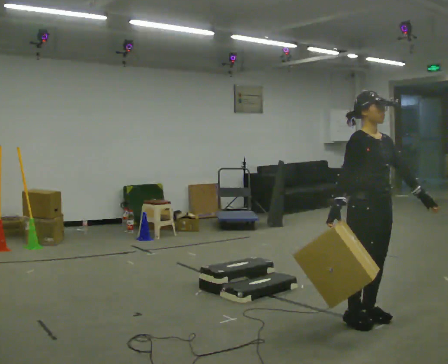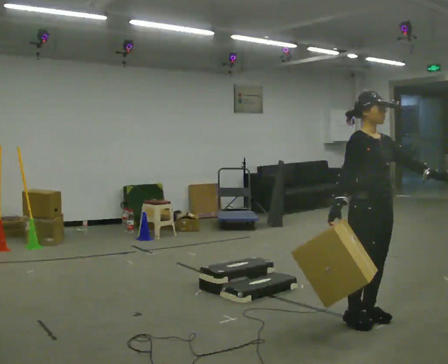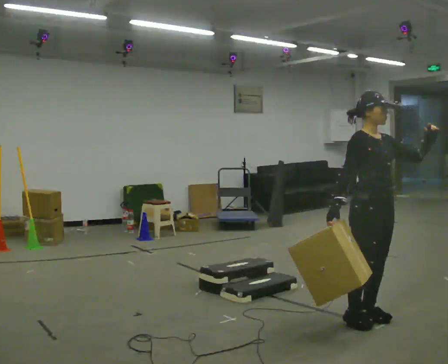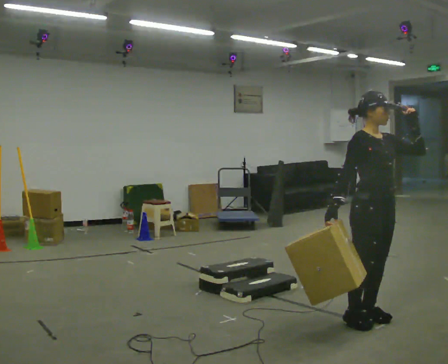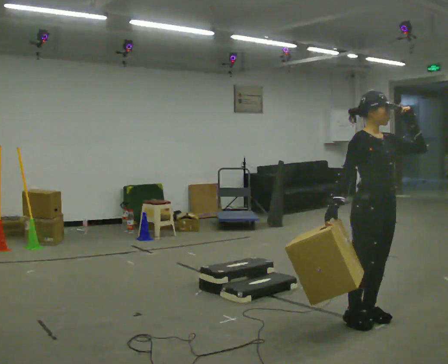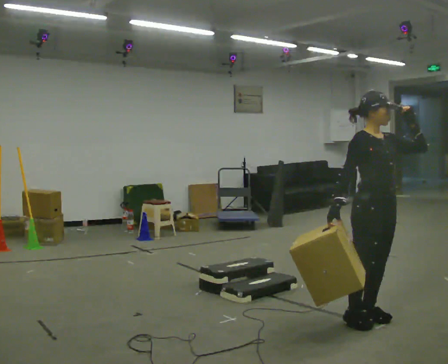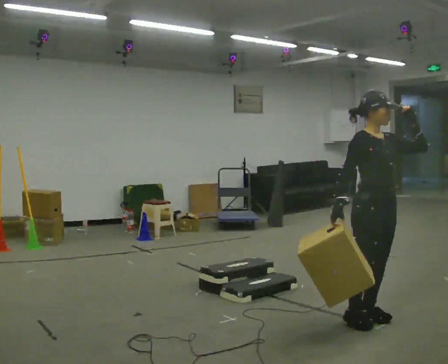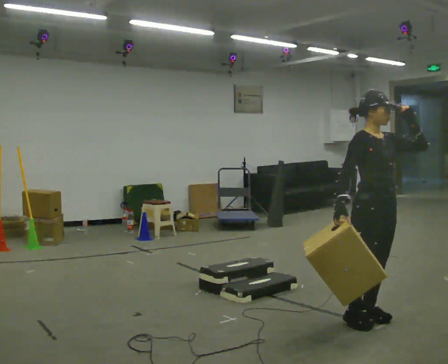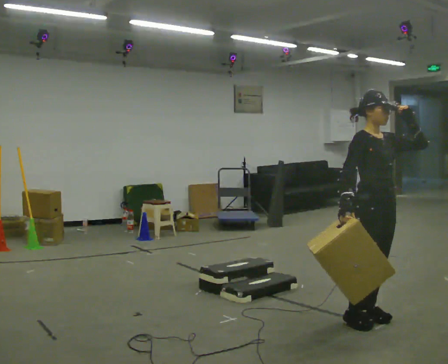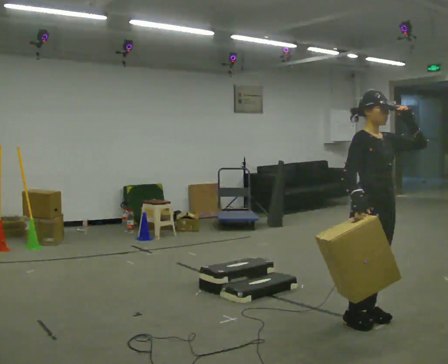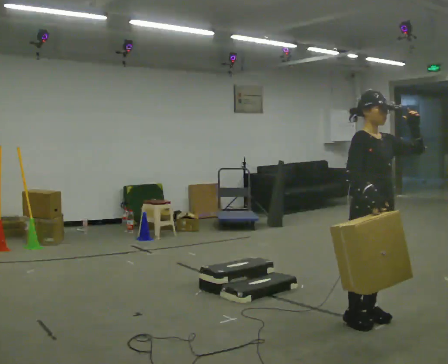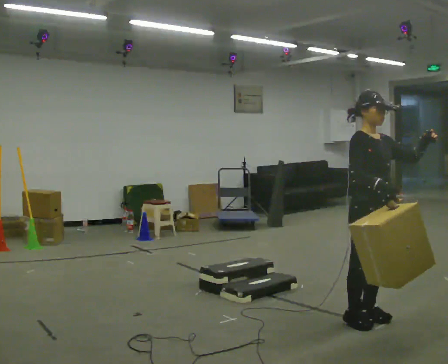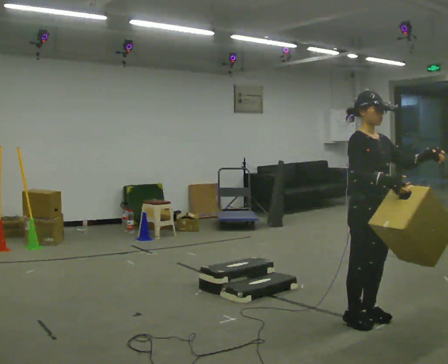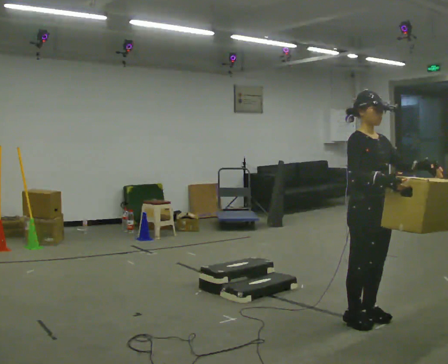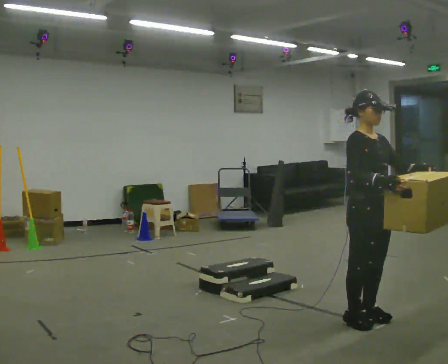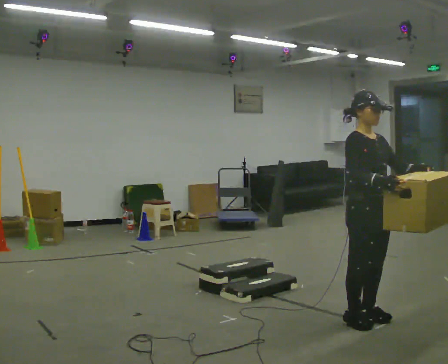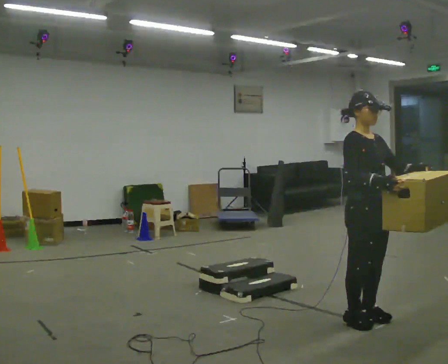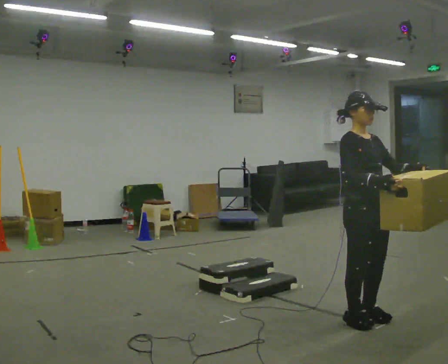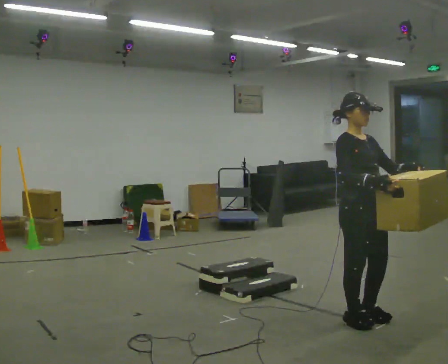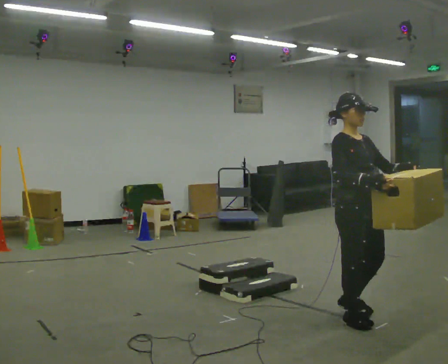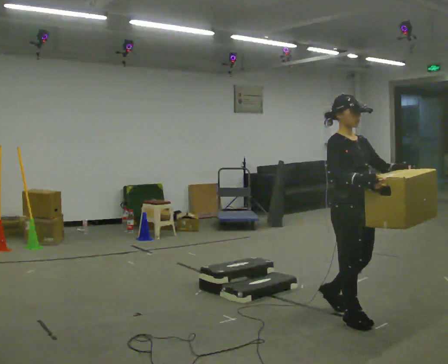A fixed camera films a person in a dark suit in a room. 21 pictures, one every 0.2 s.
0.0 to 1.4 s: In the picture their left hand goes upward.
1.4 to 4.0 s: The person moves a little, or ends about where they began.
The film runs backward here.
